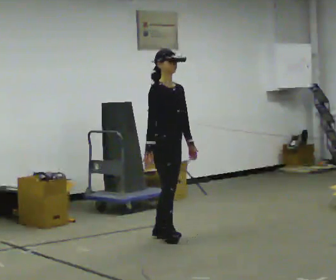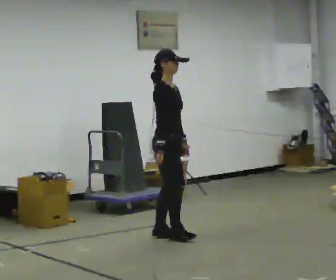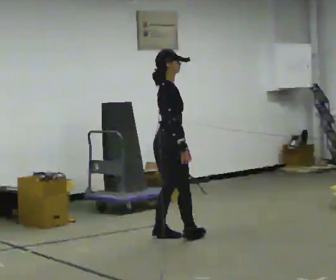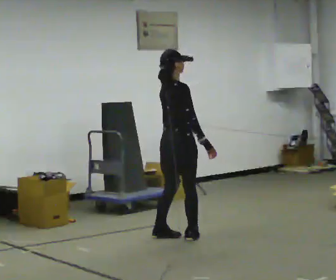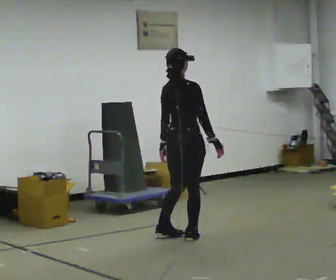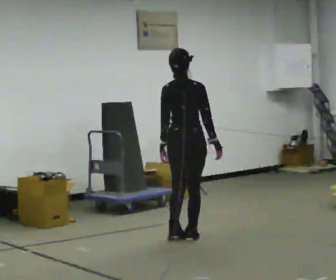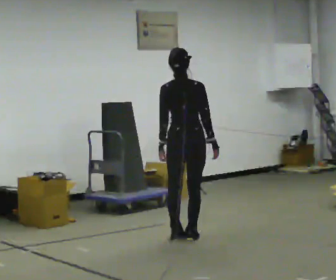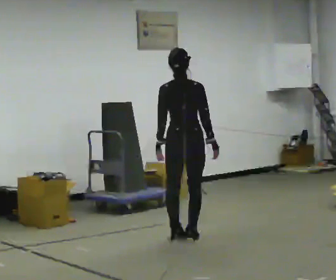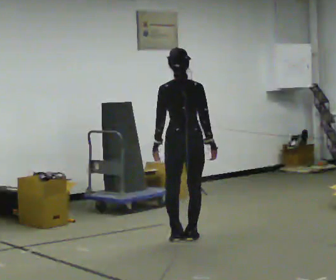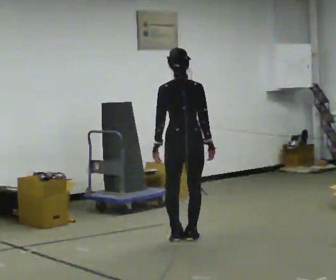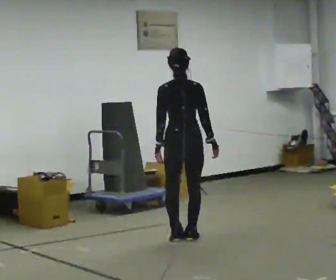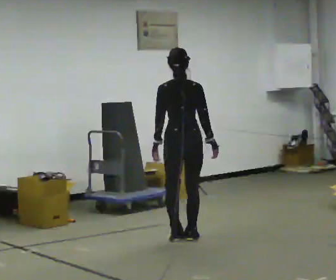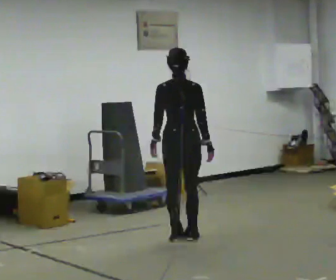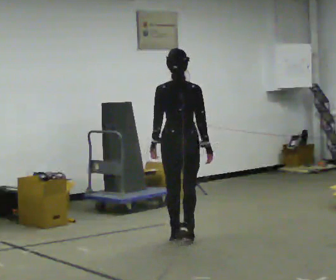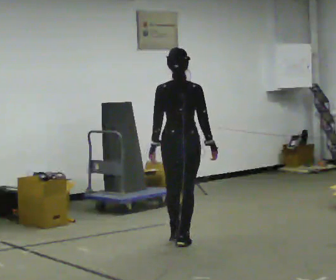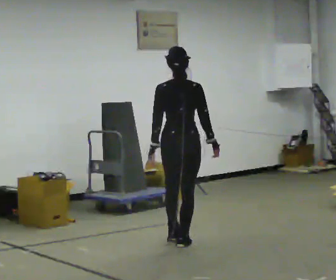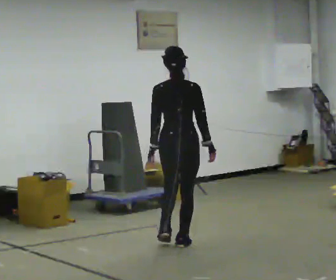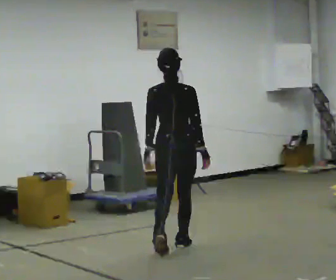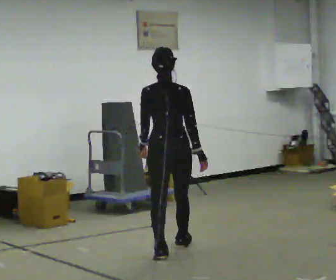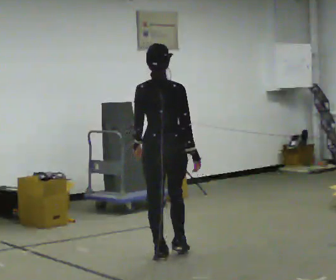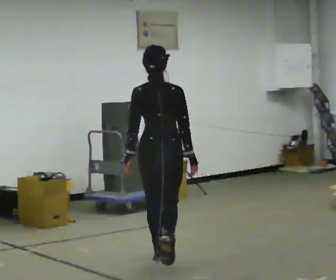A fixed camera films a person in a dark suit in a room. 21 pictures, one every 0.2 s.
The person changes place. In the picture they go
toward the camera.
The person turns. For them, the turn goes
to their left.
0.0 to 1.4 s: The person turns about 120 degrees to their left, counterclockwise seen from above, so the part of the body nearest the lens slides to the right. In the picture they go to the right, about 0.25 m in 2 steps. In the picture their right hand goes to the right.
1.4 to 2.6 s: The person moves a little, or ends about where they began.
2.6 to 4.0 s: In the picture they go toward the camera, about 1 m in 2 steps, which for them is backward.
The film runs backward here.
